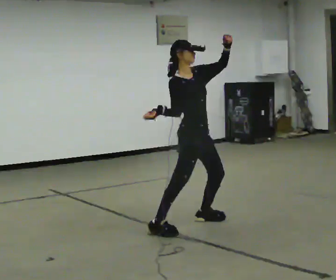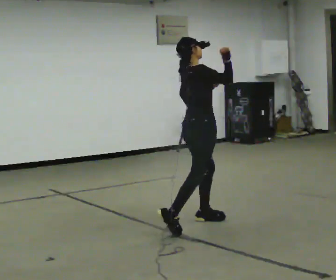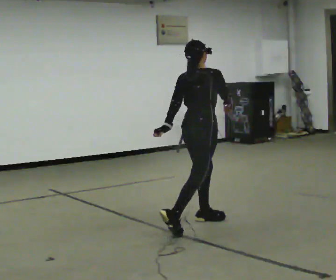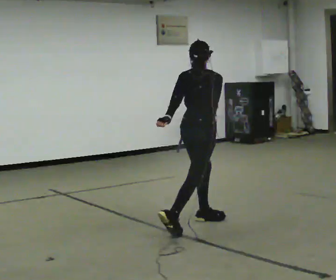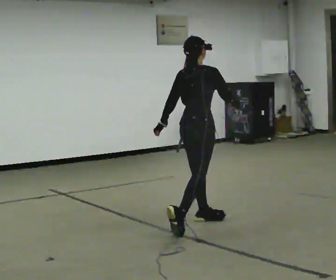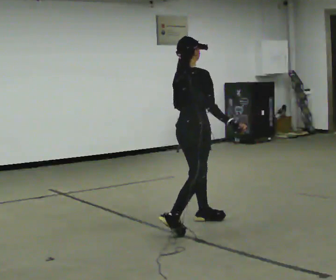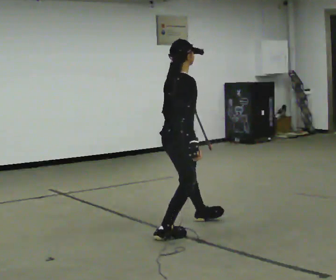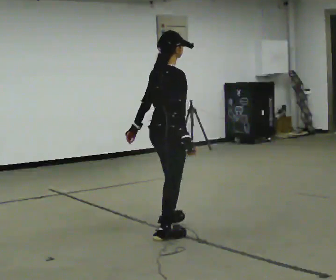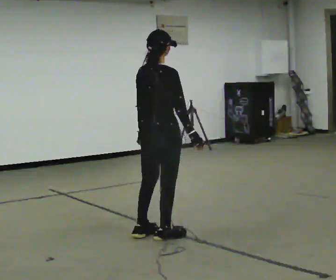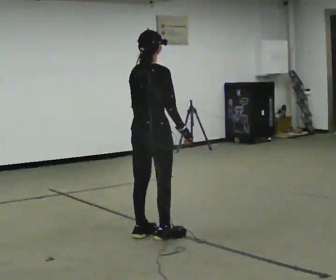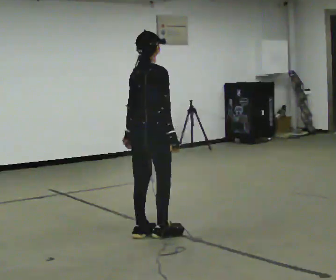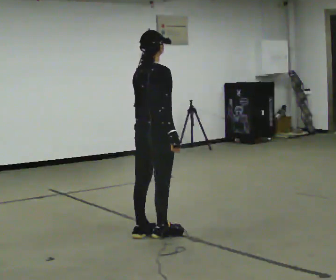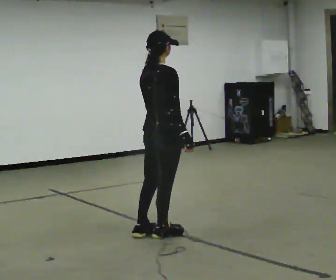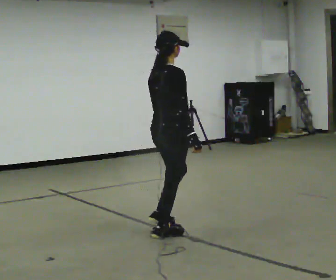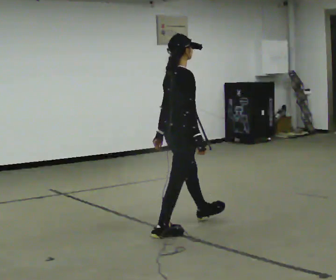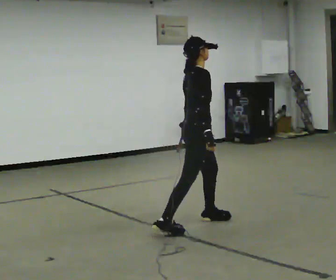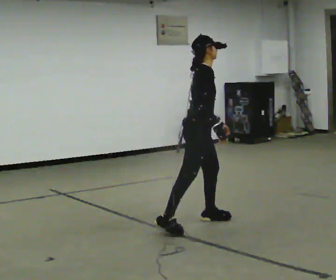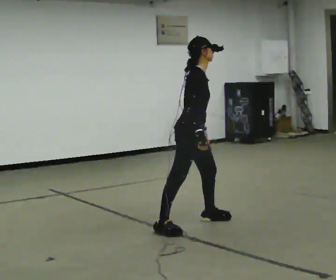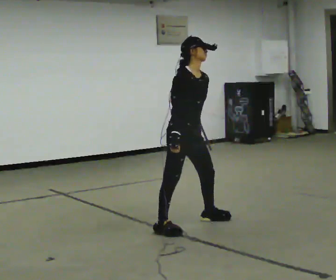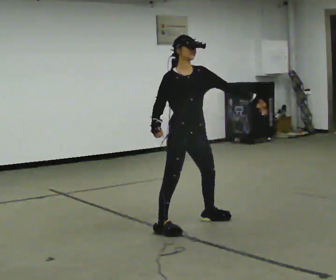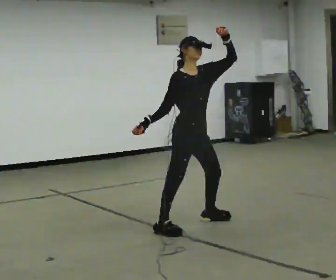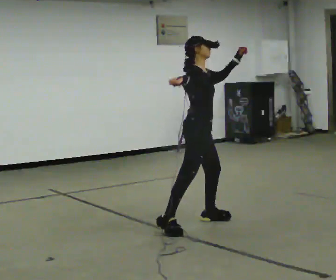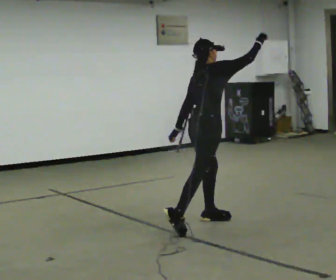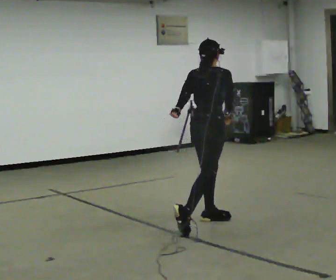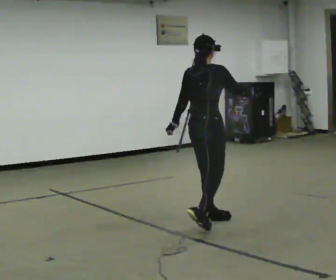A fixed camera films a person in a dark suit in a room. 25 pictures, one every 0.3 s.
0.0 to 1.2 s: The person turns about 60 degrees to their left, counterclockwise seen from above, so the part of the body nearest the lens slides to the right. In the picture their left hand goes downward and to the left.
1.2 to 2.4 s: In the picture they go toward the camera and to the left, about 0.5 m in 1 step, which for them is backward and to their right.
2.4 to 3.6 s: The person moves a little, or ends about where they began.
3.6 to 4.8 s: Seen from above the body turns clockwise, about 45 degrees: to their right, with its near side sliding to the left. In the picture they go to the right and away from the camera, about 0.5 m in 2 steps, which for them is forward and to their left.
4.8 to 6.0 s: The person turns about 30 degrees to their right, clockwise seen from above, so the part of the body nearest the lens slides to the left. In the picture their left hand goes upward, the arm swinging counterclockwise.
6.0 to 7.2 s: Seen from above the body turns counterclockwise, about 90 degrees: to their left, with its near side sliding to the right. In the picture their right hand goes to the right.
The film runs forward here.
